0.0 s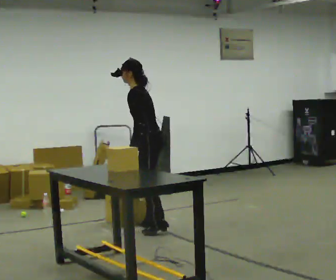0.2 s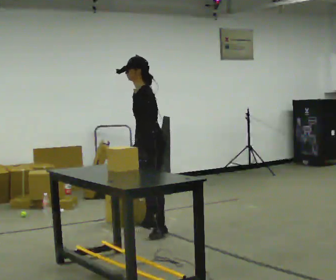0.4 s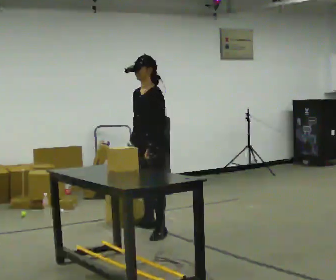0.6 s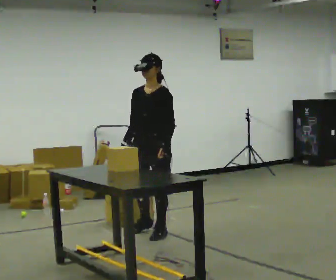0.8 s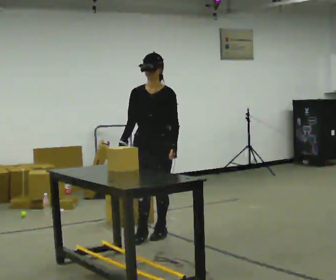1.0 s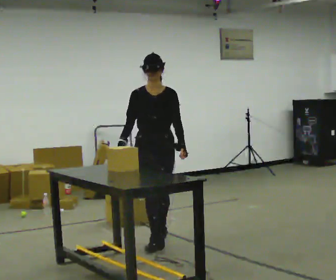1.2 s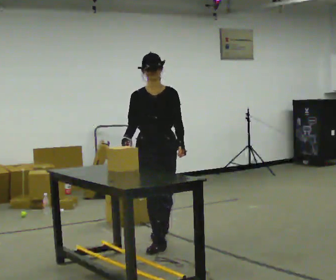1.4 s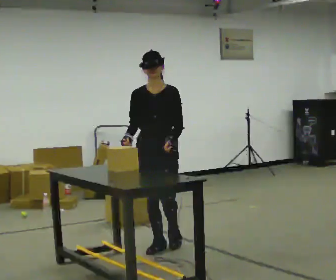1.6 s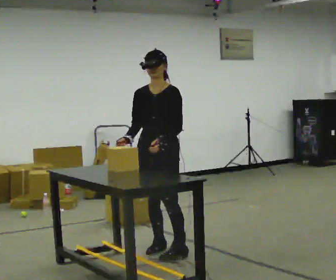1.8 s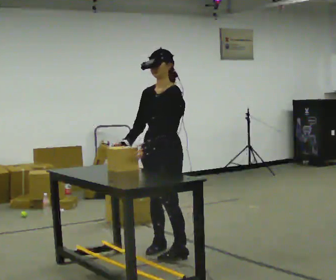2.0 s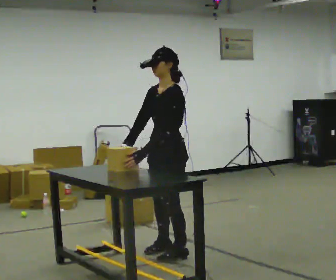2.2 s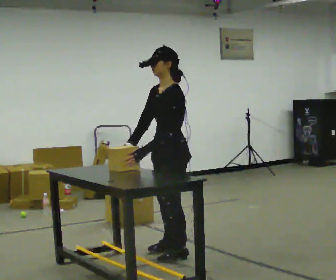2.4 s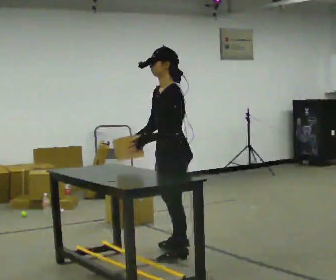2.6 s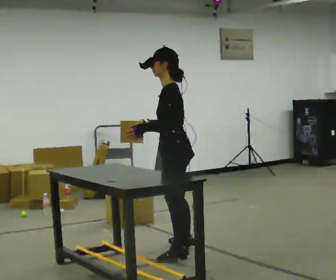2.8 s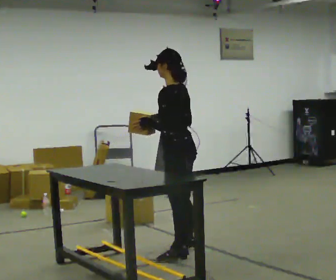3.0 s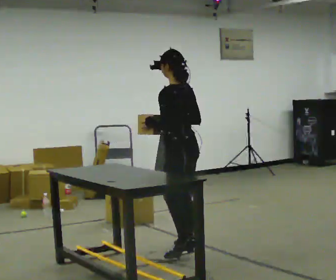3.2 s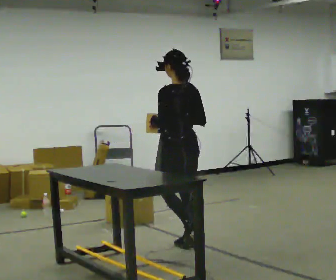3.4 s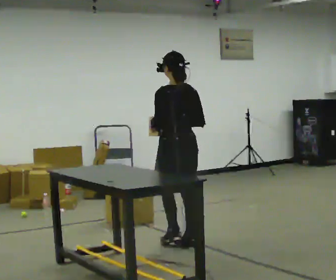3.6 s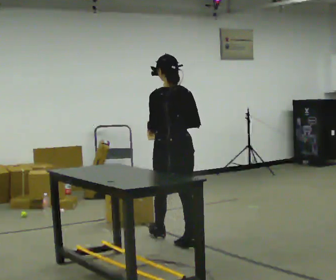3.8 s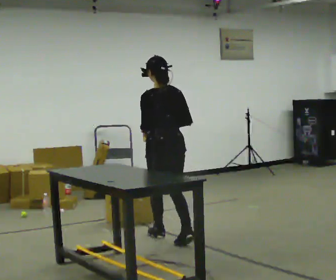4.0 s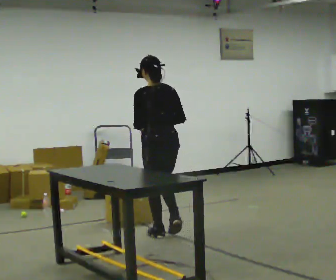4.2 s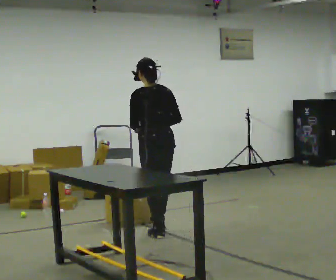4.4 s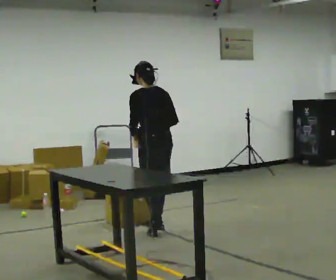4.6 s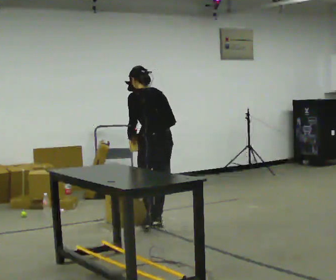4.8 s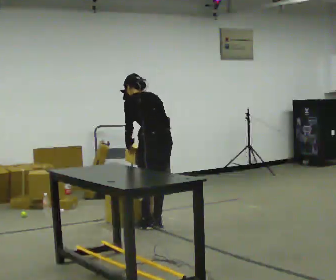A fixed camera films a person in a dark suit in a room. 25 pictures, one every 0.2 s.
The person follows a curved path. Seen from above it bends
counterclockwise.
0.0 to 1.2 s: Seen from above the body turns counterclockwise, about 90 degrees: to their left, with its near side sliding to the right. In the picture they go toward the camera, about 0.75 m in 2 steps. In the picture the upper body tilts clockwise, shoulders to the right, as they lean back or straighten.
1.2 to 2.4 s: The part of the body nearest the lens slides to the left as the person turns to their right by about 90 degrees. In the picture they go toward the camera and to the right, about 0.5 m in 1 step.
2.4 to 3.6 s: Seen from above the body turns clockwise, about 75 degrees: to their right, with its near side sliding to the left. In the picture they go away from the camera, about 0.5 m in 1 step.
3.6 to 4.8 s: In the picture they go away from the camera, about 0.5 m in 3 steps, which for them is forward. The upper body tips away from the camera, its near side rolling upward, as they bend forward.
The film runs forward here.
